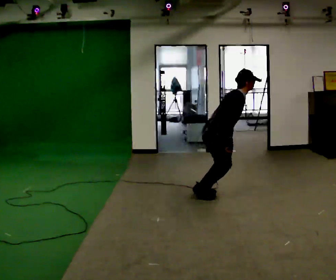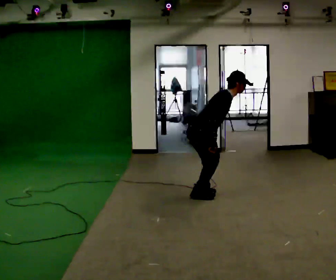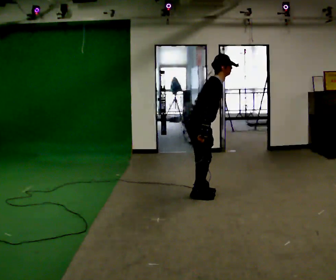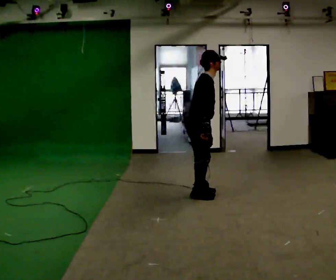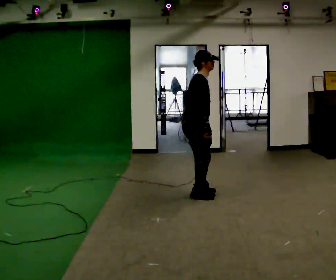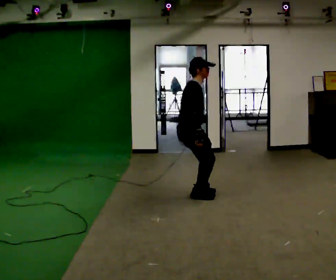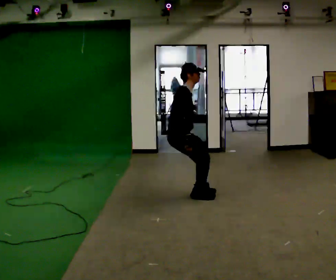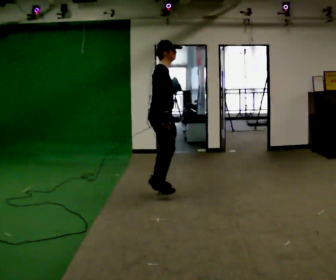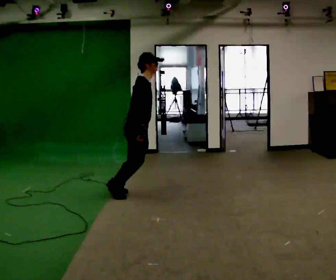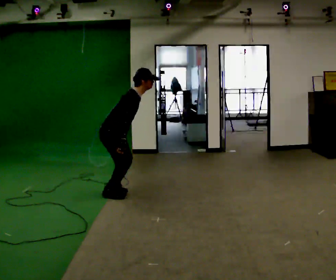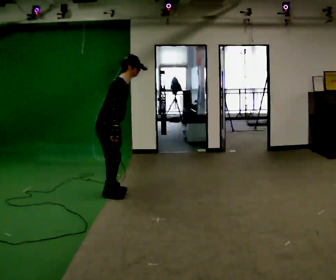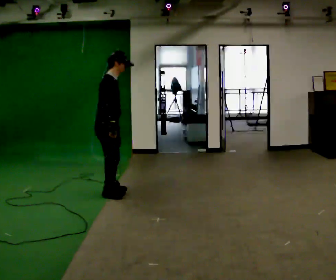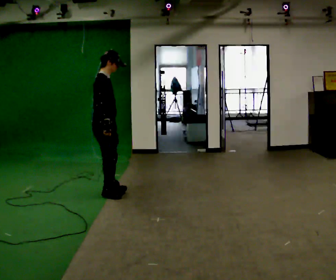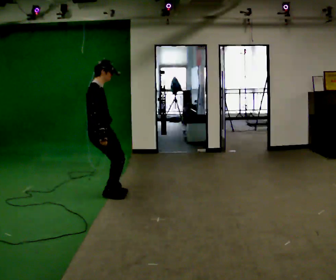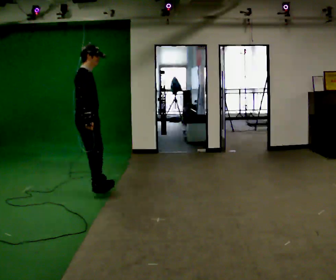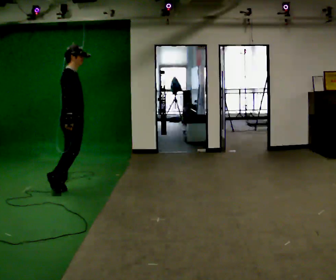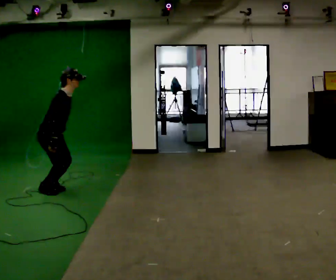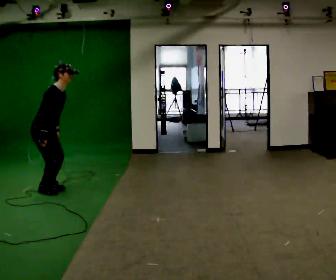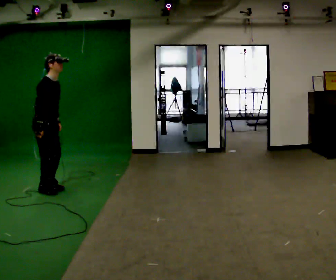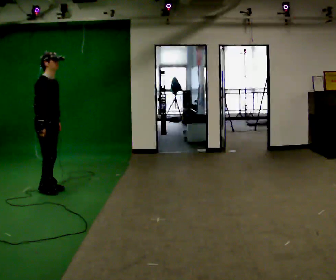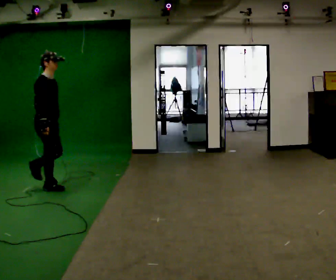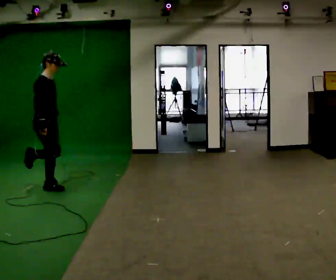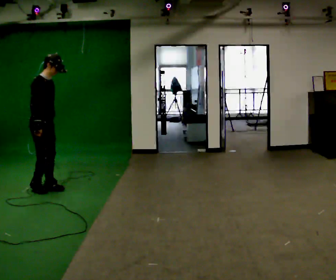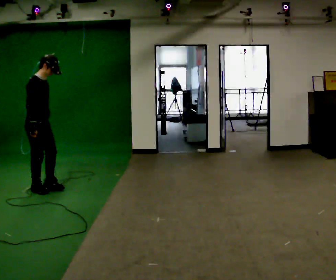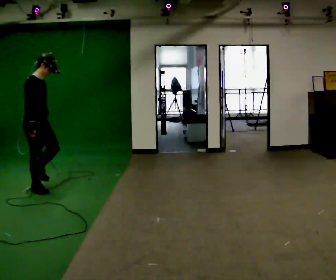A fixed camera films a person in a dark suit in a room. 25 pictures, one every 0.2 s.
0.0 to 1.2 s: In the picture they go to the left, about 0.5 m in 1 step, which for them is backward.
1.2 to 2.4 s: In the picture they go to the left, about 1 m in 1 step, which for them is backward.
2.4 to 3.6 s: In the picture they go to the left, about 0.5 m in 2 steps, which for them is backward.
3.6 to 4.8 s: The person moves a little, or ends about where they began.
The film runs backward here.
